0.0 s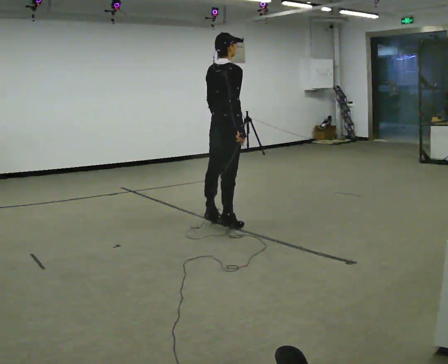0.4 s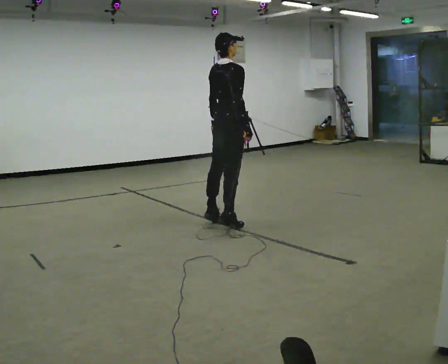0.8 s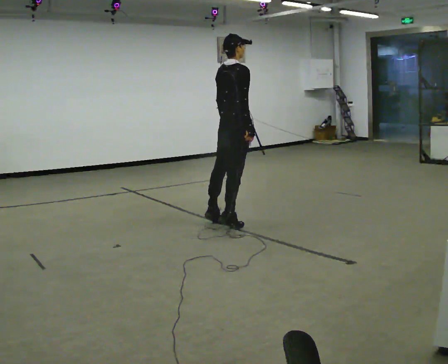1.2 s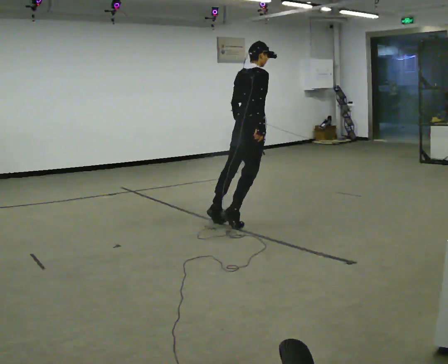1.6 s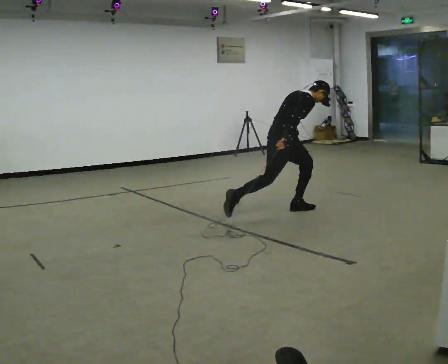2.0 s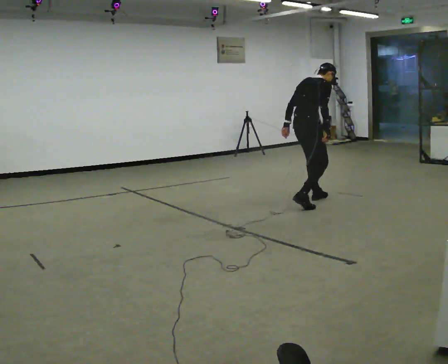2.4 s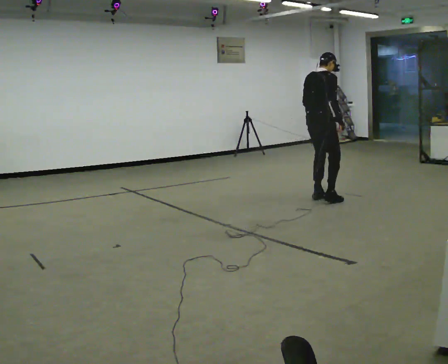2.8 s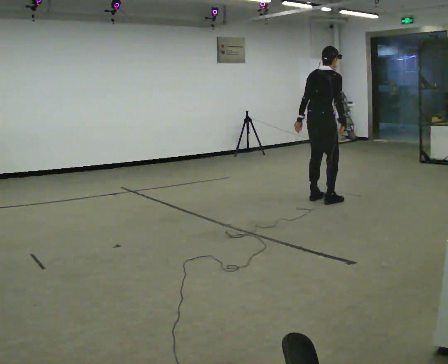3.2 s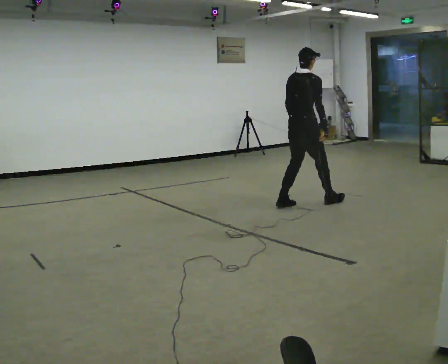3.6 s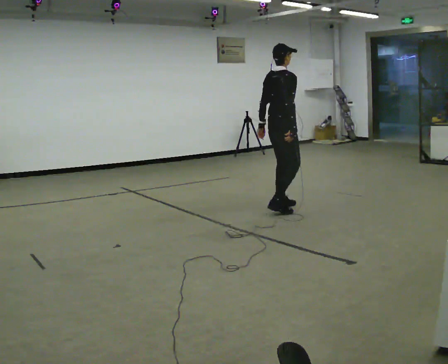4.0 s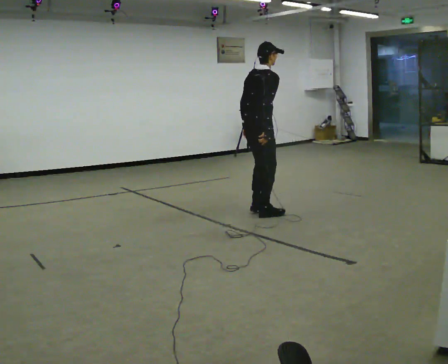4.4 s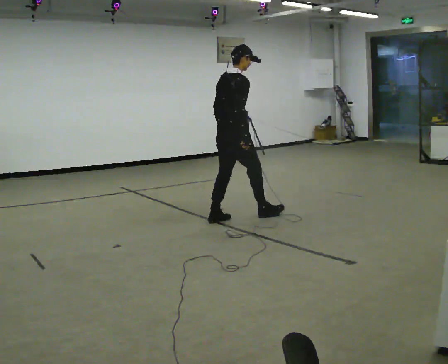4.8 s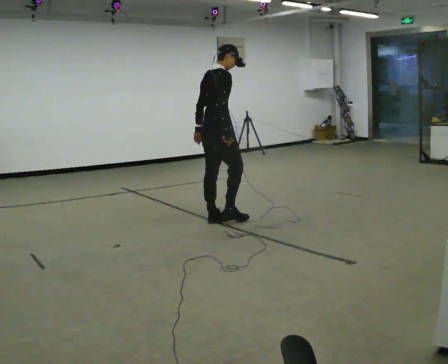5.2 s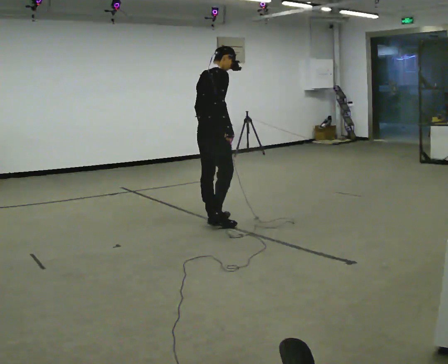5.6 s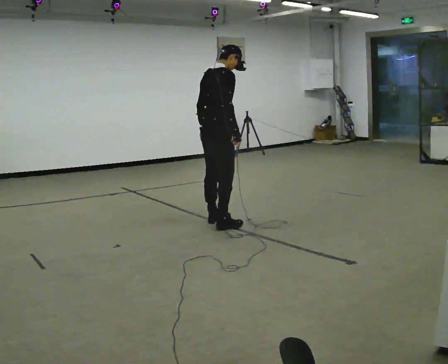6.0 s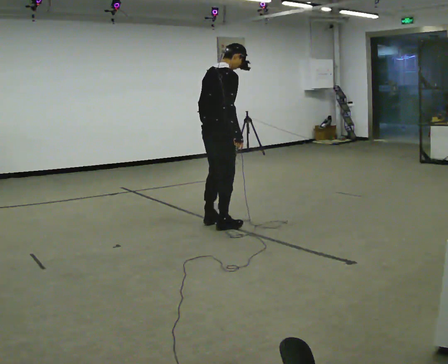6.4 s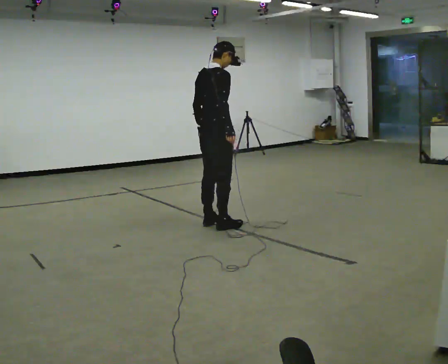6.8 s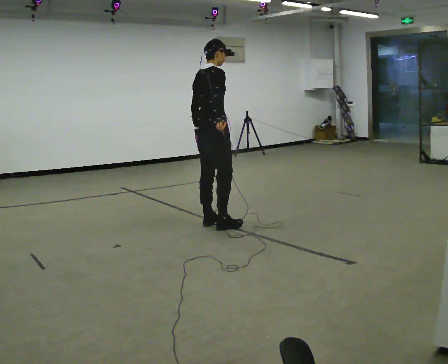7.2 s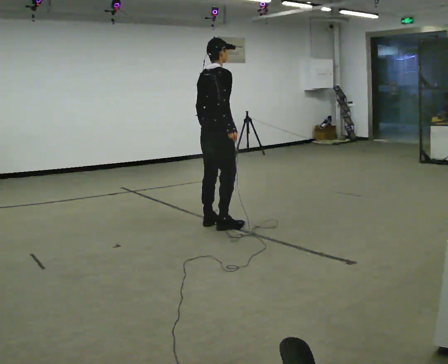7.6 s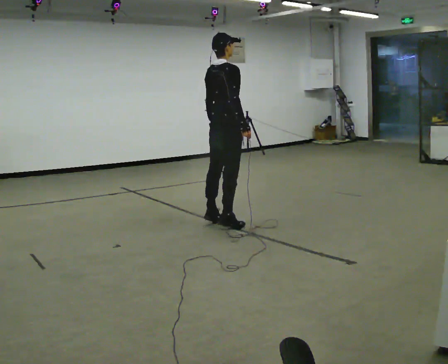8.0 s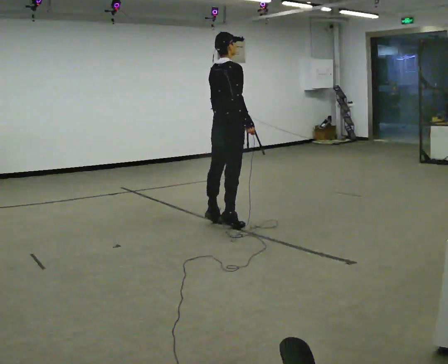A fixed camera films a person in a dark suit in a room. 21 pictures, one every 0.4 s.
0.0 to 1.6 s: In the picture they go to the right and away from the camera, about 1 m in 1 step, which for them is forward. The shoulders move downward. In the picture the upper body tilts clockwise, shoulders to the right, as they bend forward.
1.6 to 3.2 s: In the picture they go away from the camera and to the right, about 0.25 m in 3 steps, which for them is forward. The upper body goes upward. In the picture the upper body tilts counterclockwise, shoulders to the left, as they lean back or straighten.
3.2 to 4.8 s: In the picture they go to the left and toward the camera, about 1 m in 2 steps, which for them is backward.
4.8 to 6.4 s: In the picture they go toward the camera, about 0.25 m in 1 step, which for them is to their right.
6.4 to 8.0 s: The person moves a little, or ends about where they began.
The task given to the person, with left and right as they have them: Stand on the marked spots and rise up onto your toes. Stay up until you start to topple forward, then step to catch yourself. Repeat at your own pace until the operator says stop. Go slowly and only as far as you are comfortable. Step whenever you need to; do not try to hold on longer than feels safe.
The film runs forward here.
